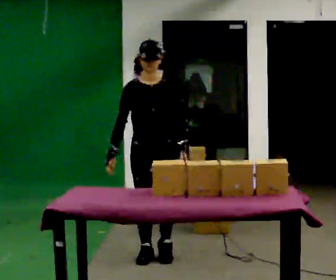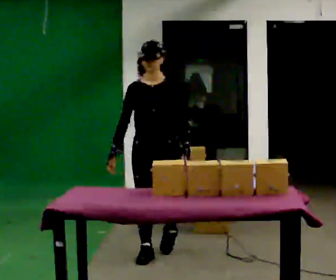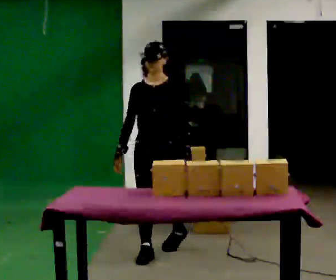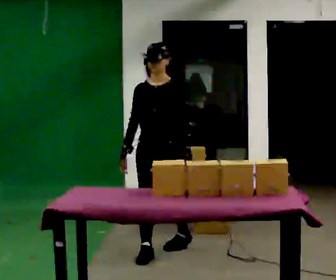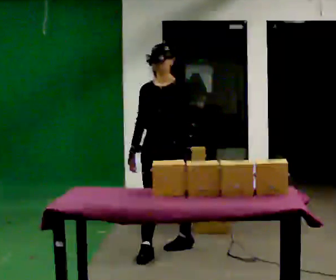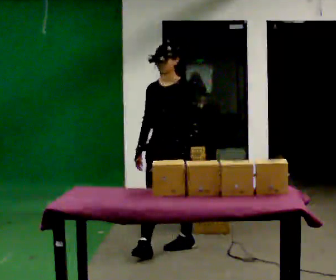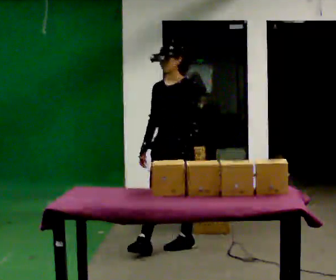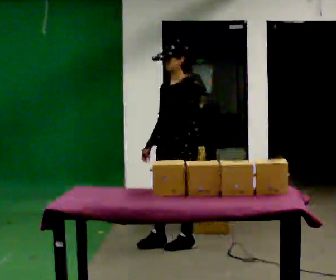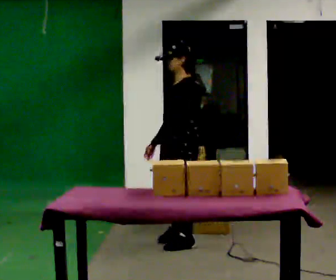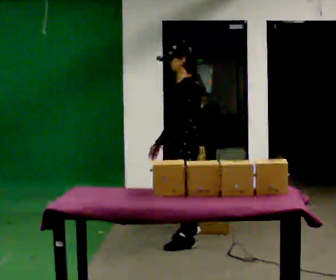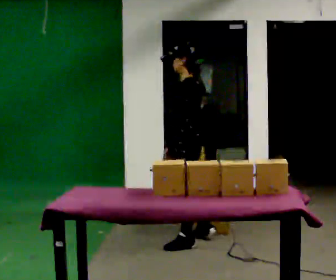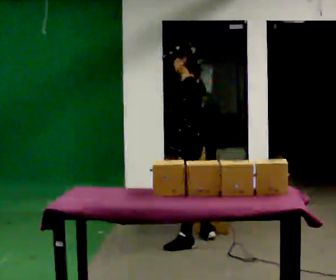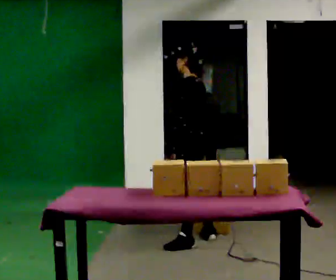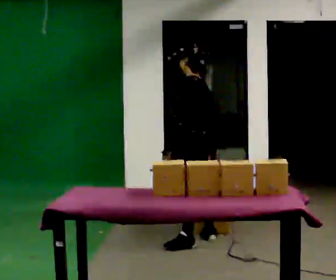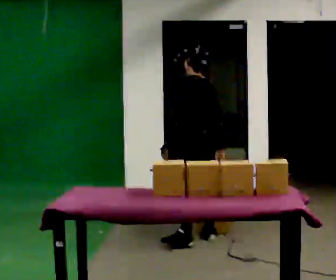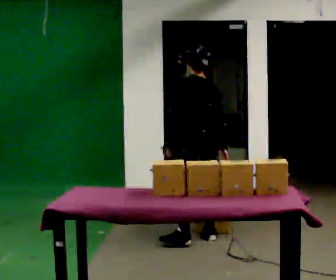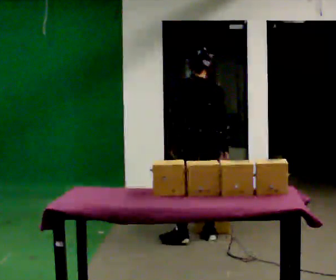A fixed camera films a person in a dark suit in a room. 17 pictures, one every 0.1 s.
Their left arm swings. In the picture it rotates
clockwise.
The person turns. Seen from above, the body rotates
clockwise.
0.0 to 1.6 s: The person turns about 150 degrees to their right, clockwise seen from above, so the part of the body nearest the lens slides to the left. In the picture they go away from the camera and to the right, about 0.5 m in 2 steps. The upper body tips away from the camera, its near side rolling upward.
The film runs backward here.
